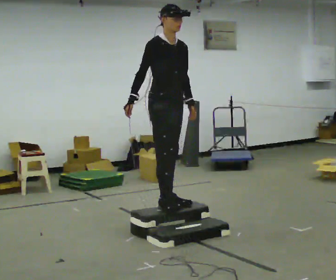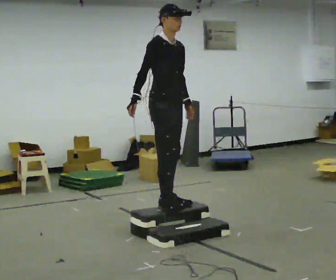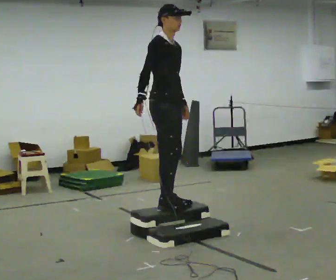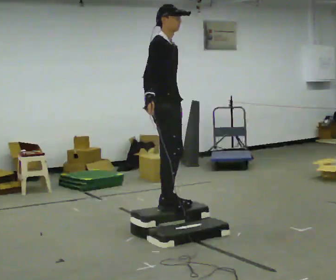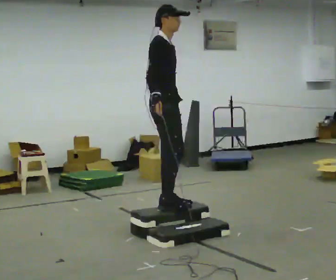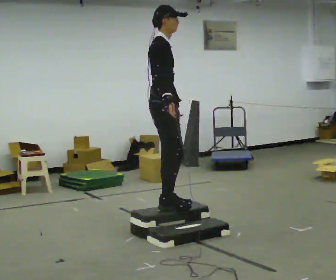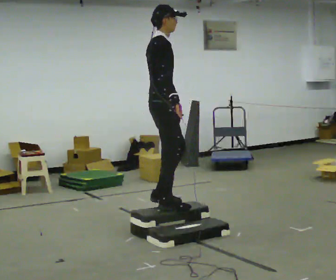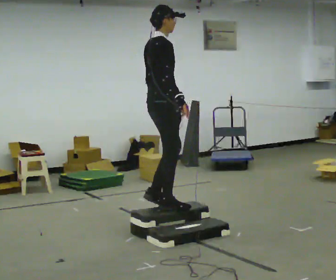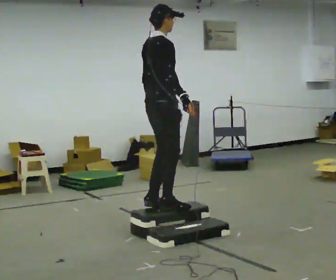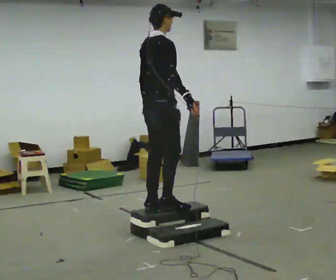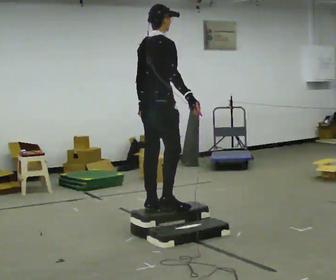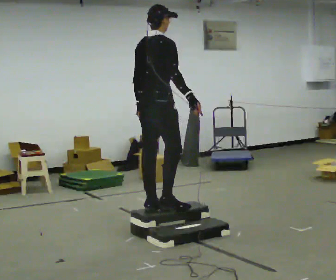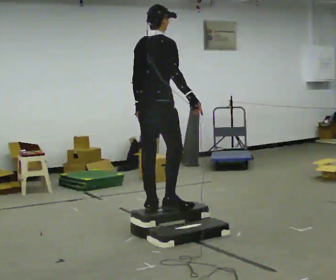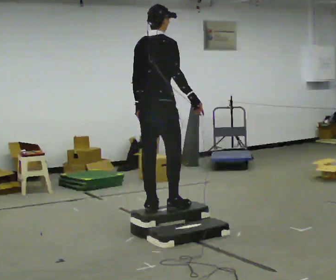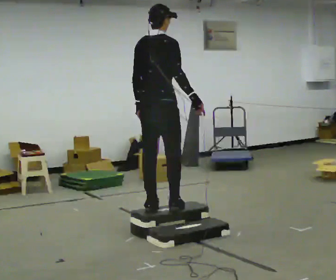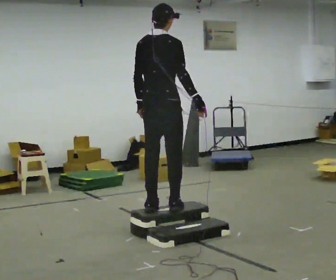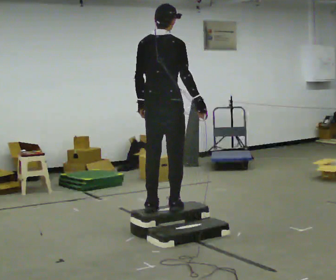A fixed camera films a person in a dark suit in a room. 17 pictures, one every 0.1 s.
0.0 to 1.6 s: Seen from above the body turns counterclockwise, about 120 degrees: to their left, with its near side sliding to the right. In the picture they go toward the camera, about 0.25 m in 1 step. In the picture their right hand goes to the right, the arm swinging counterclockwise.
The film runs backward here.
